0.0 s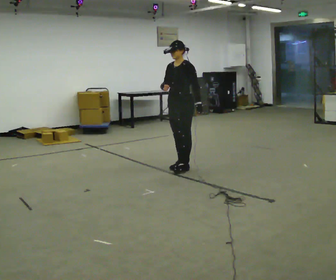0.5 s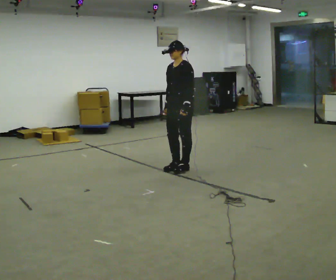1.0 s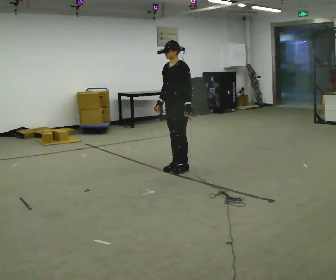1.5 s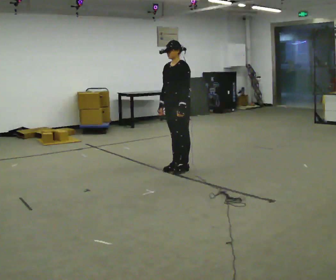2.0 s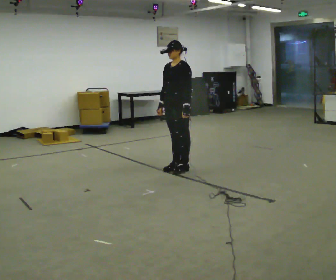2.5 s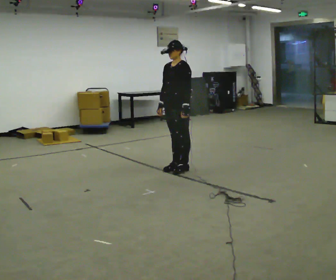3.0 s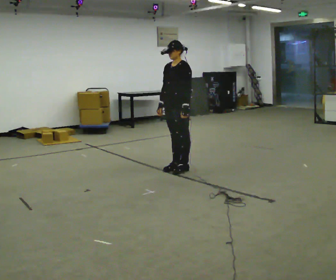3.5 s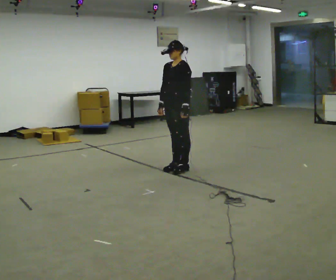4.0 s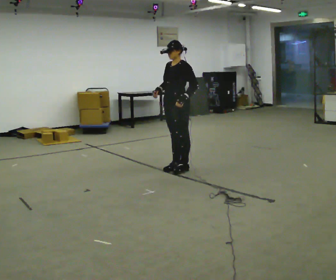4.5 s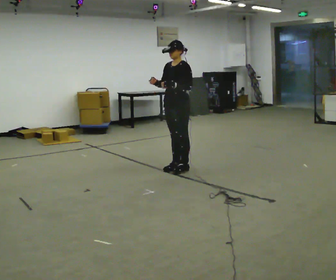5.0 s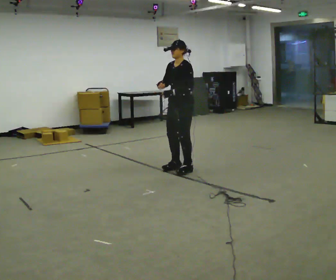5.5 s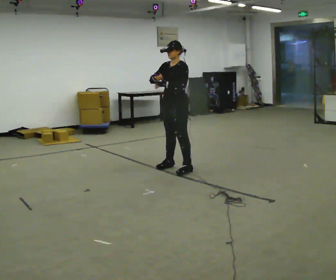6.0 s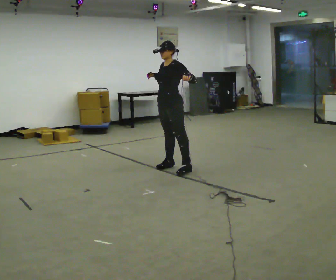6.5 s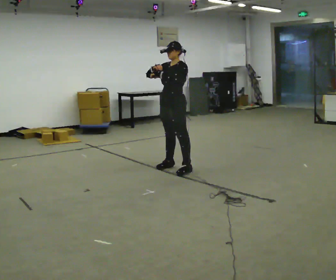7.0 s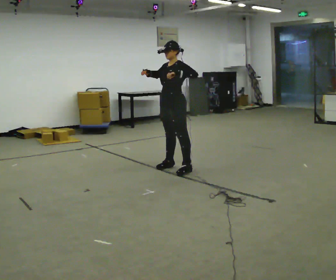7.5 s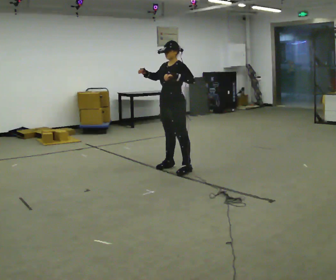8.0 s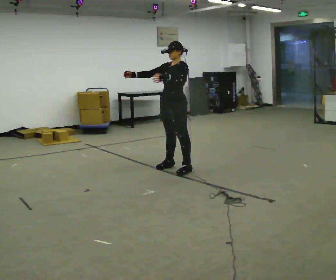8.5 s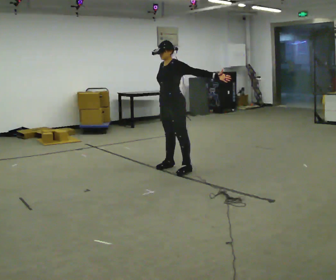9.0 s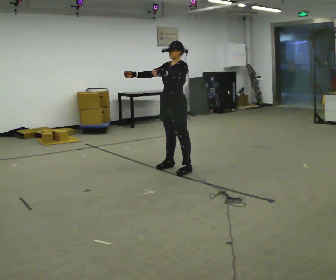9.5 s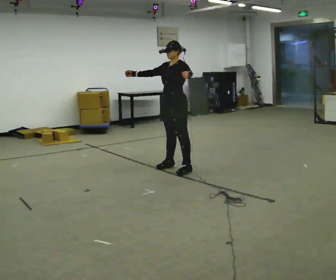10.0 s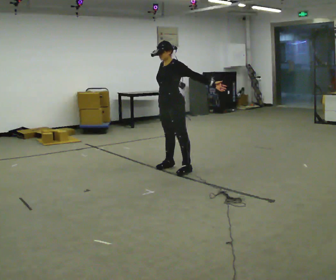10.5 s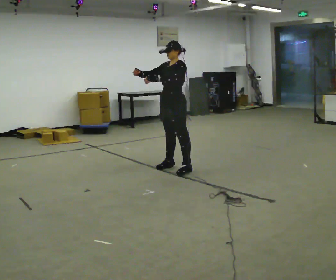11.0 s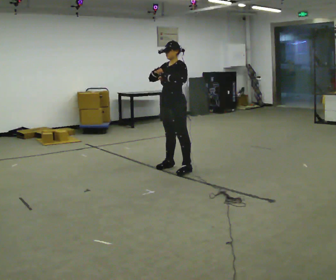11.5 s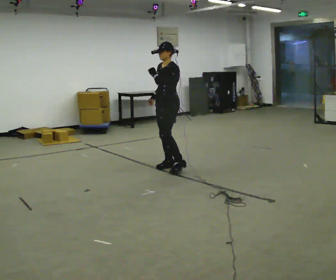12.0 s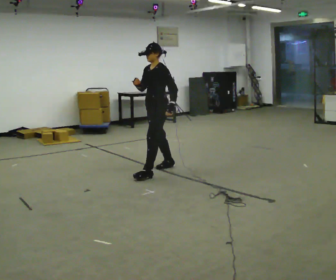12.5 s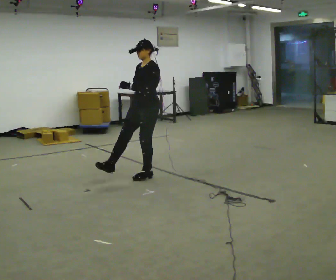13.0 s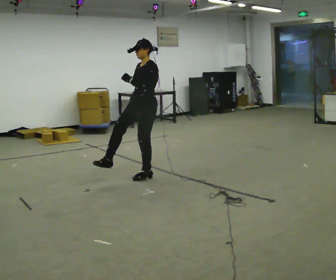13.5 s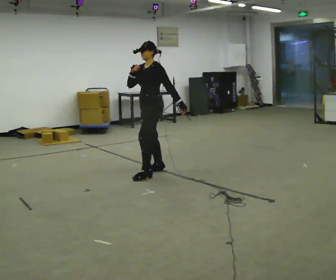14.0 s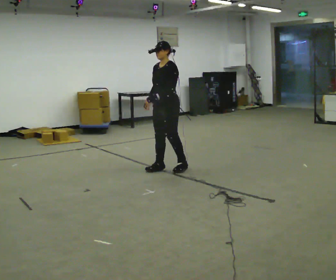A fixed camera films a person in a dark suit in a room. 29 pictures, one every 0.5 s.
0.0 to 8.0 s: In the picture their left hand goes to the left and upward.
8.0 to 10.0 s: In the picture their right hand goes to the right.
10.0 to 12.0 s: In the picture they go to the left, about 0.25 m in 1 step, which for them is forward. In the picture their right hand goes to the left.
12.0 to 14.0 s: The person moves a little, or ends about where they began.
The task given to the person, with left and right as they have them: Dance freely at a slow tempo as if to slow music; keep moving continuously.
The film runs forward here.
